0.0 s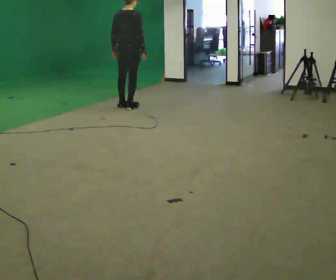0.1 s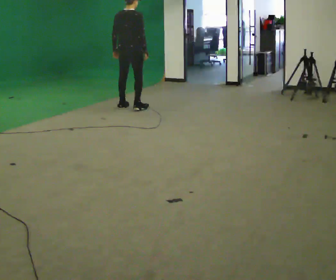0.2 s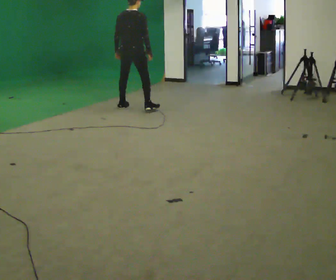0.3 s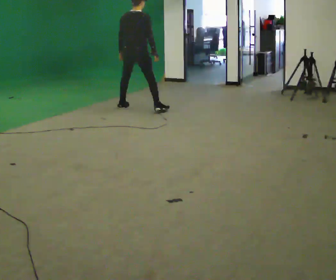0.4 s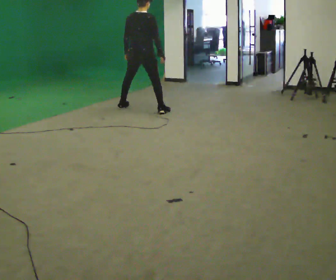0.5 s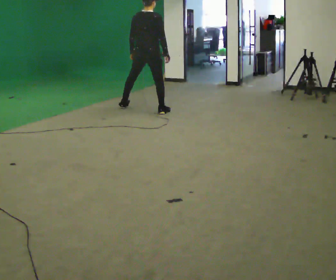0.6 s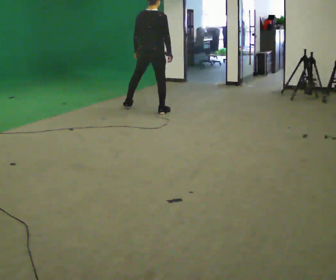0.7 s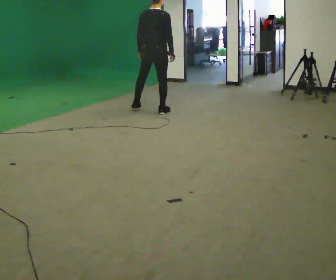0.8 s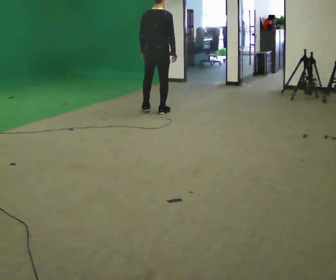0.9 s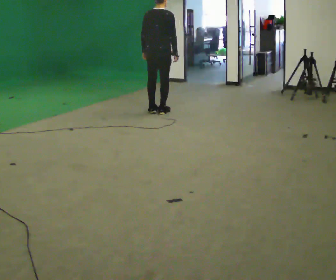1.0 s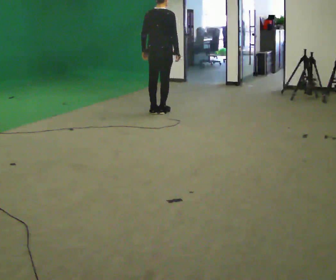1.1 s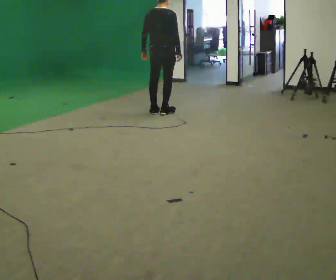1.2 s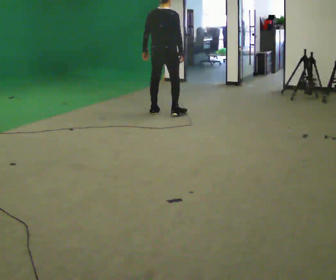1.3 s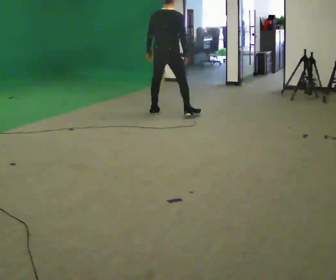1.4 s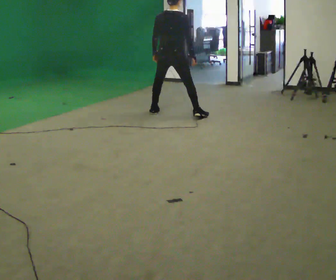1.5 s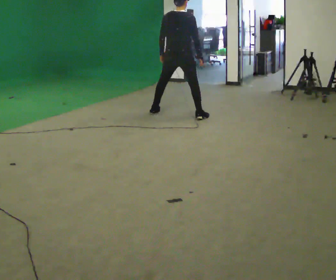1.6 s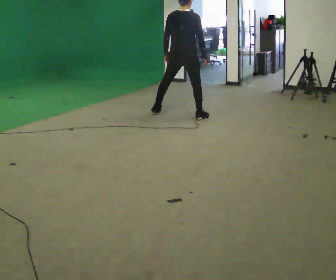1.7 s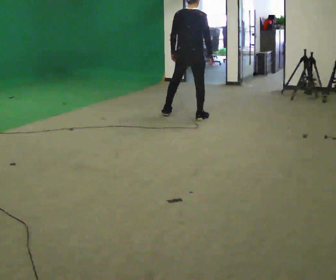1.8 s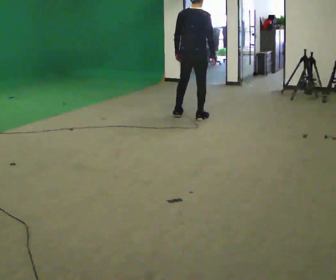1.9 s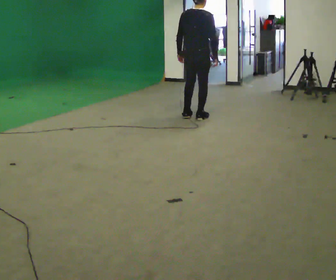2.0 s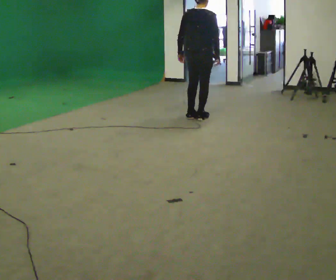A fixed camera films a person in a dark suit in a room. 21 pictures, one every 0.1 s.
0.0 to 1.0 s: In the picture they go to the right and toward the camera, about 0.5 m in 1 step, which for them is to their right.
1.0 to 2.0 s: In the picture they go to the right and toward the camera, about 0.5 m in 2 steps, which for them is to their right.
The film runs backward here.
